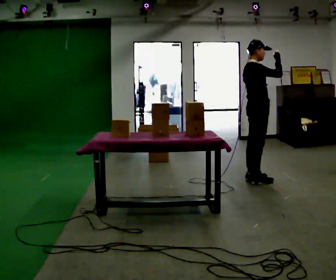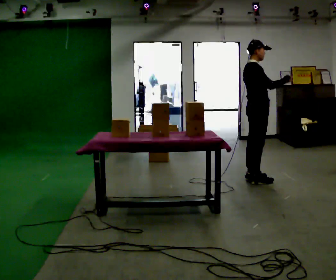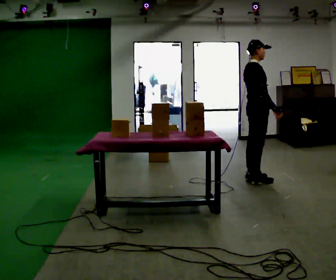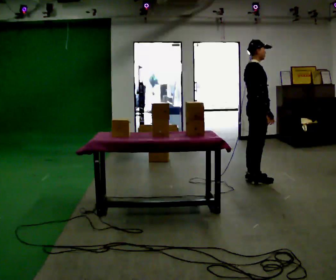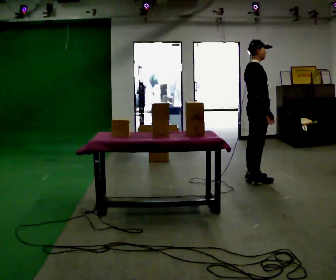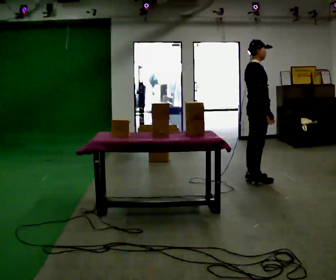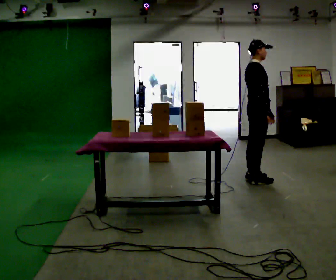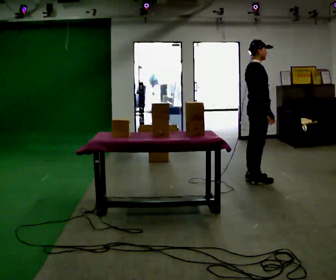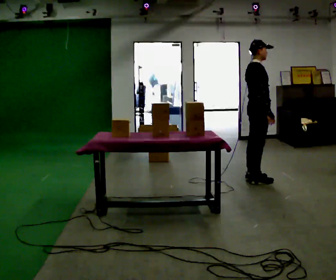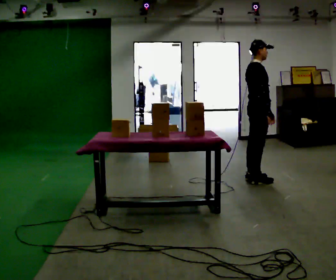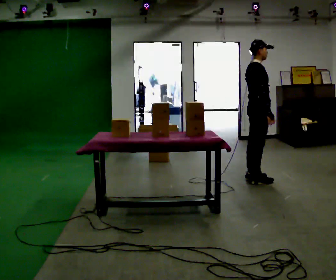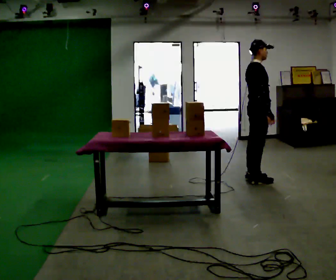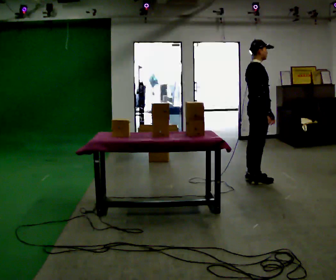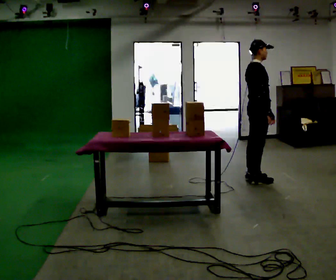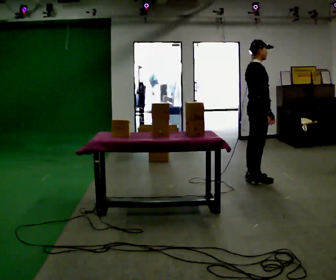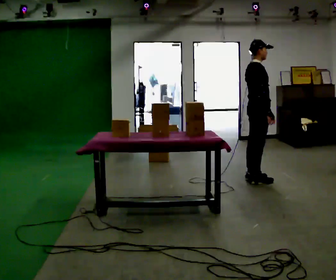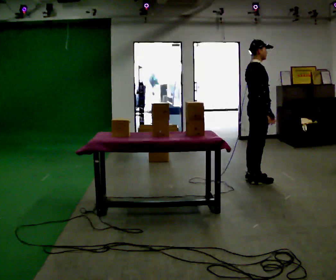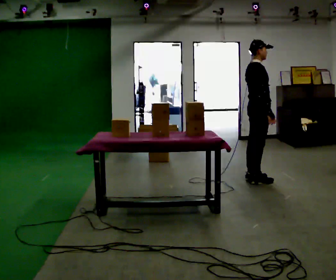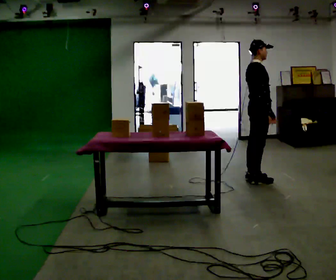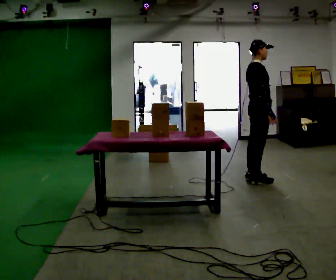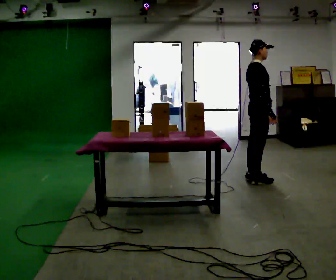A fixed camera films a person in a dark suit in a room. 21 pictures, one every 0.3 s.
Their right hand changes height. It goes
downward.
Their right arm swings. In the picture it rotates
clockwise.
0.0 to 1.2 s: In the picture their right hand goes downward, the arm swinging clockwise.
1.2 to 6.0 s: The person keeps their place and pose.
The film runs backward here.
